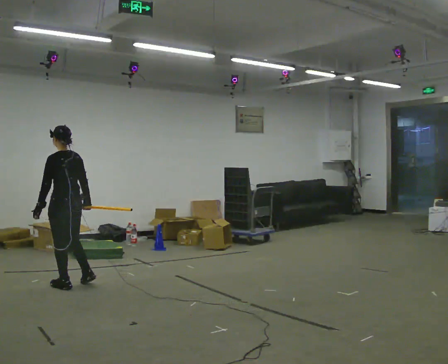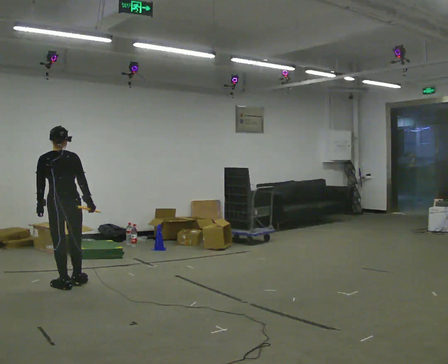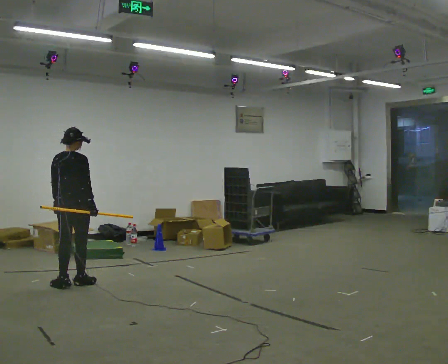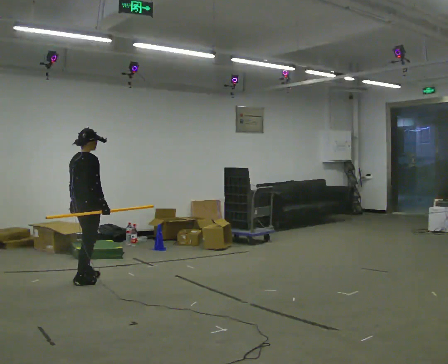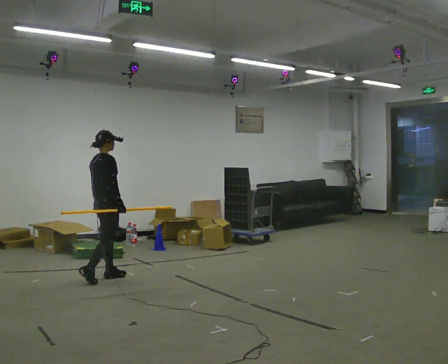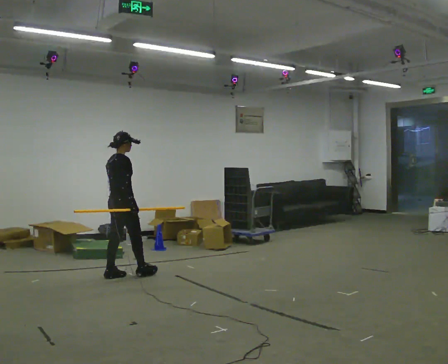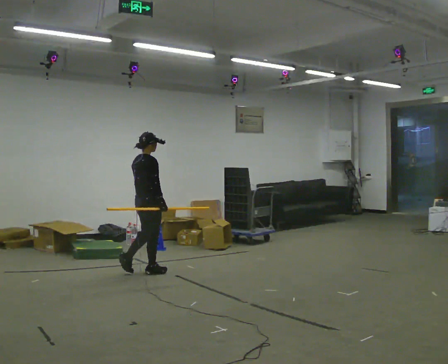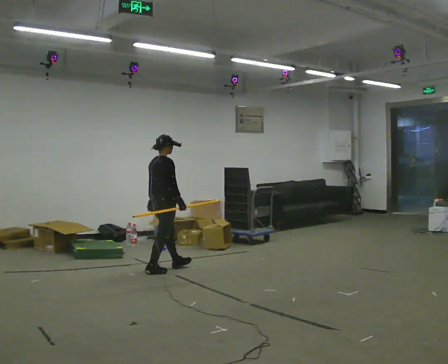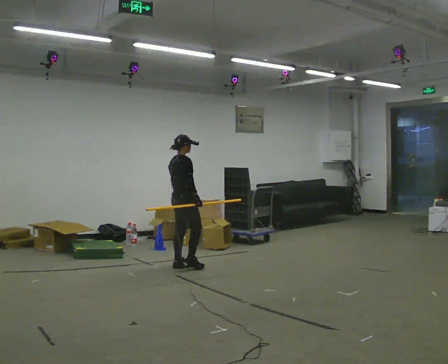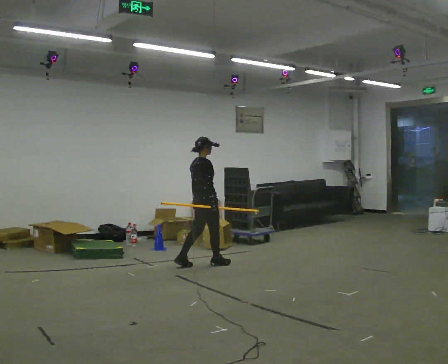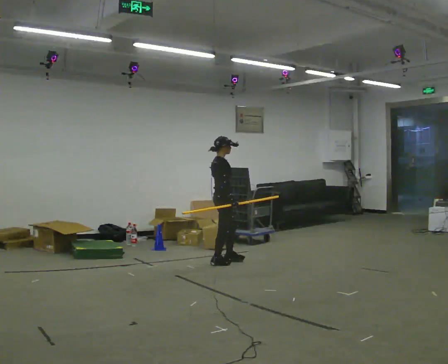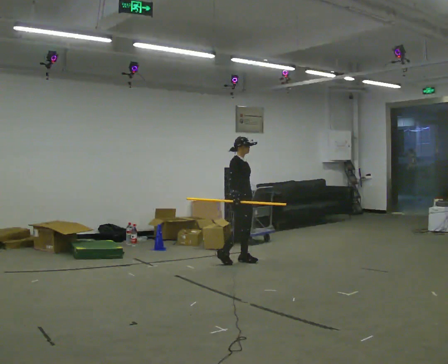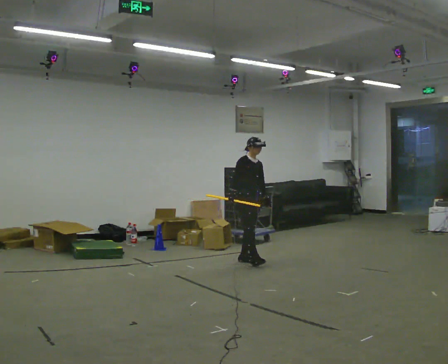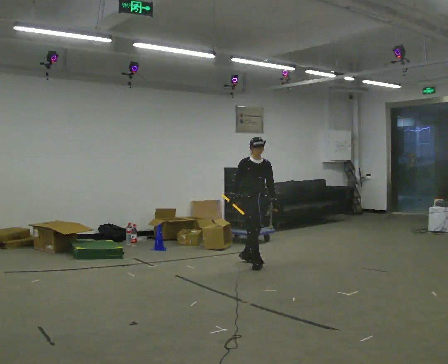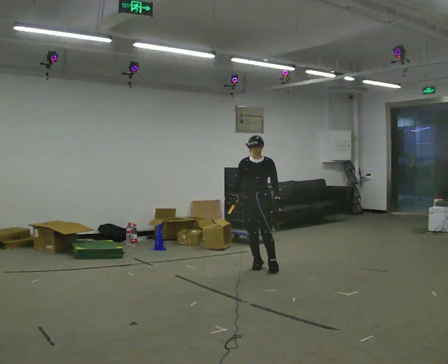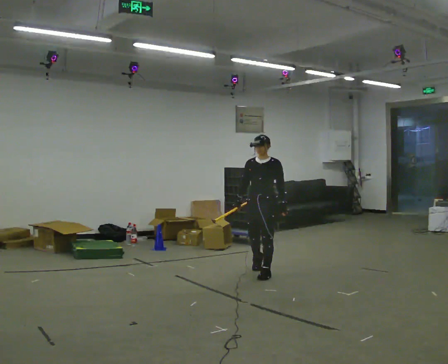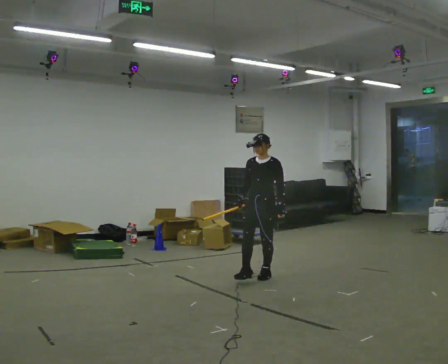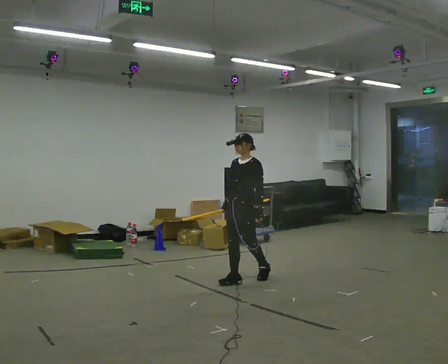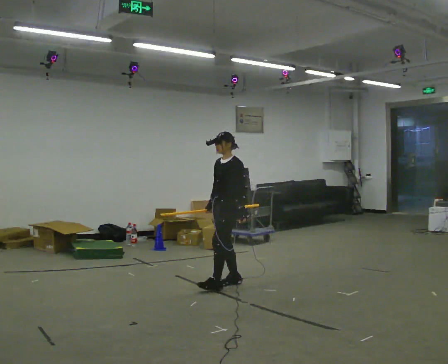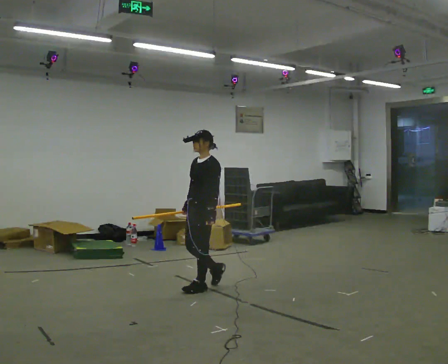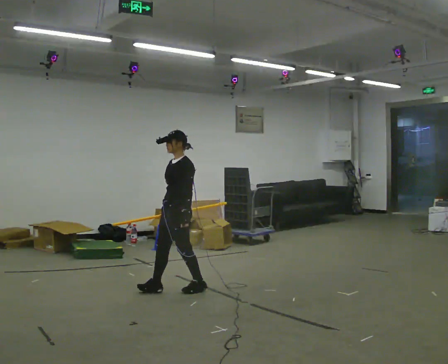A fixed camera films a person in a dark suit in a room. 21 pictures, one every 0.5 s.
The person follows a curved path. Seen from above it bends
clockwise.
The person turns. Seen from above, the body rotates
clockwise.
0.0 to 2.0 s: The part of the body nearest the lens slides to the left as the person turns to their right by about 105 degrees. In the picture they go away from the camera and to the right, about 0.5 m in 2 steps.
2.0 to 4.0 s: In the picture they go away from the camera and to the right, about 1 m in 2 steps, which for them is forward.
4.0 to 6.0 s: The person turns about 75 degrees to their right, clockwise seen from above, so the part of the body nearest the lens slides to the left. In the picture they go to the right and away from the camera, about 1 m in 2 steps.
6.0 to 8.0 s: The part of the body nearest the lens slides to the left as the person turns to their right by about 75 degrees. In the picture they go toward the camera, about 1 m in 2 steps.
8.0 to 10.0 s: The person turns about 30 degrees to their right, clockwise seen from above, so the part of the body nearest the lens slides to the left. In the picture they go to the left and toward the camera, about 1 m in 3 steps, which for them is forward.
The film runs forward here.
